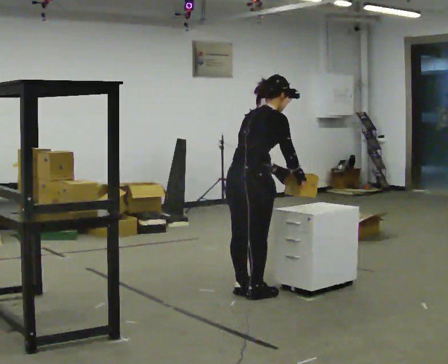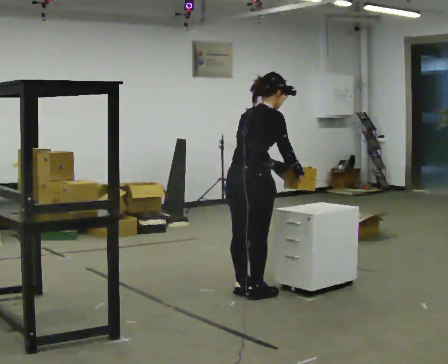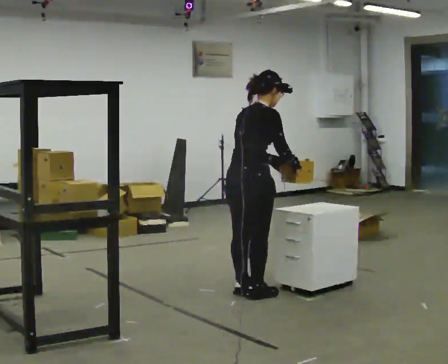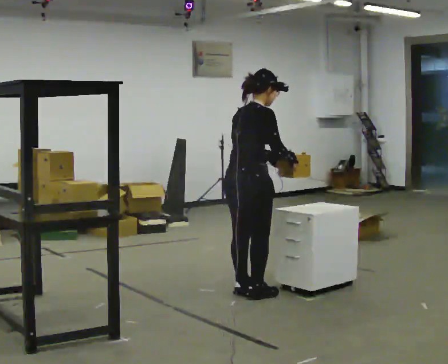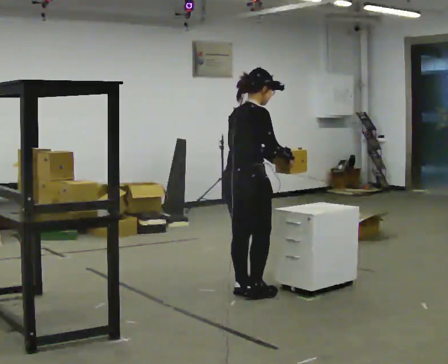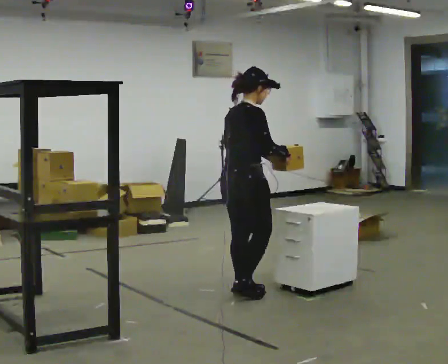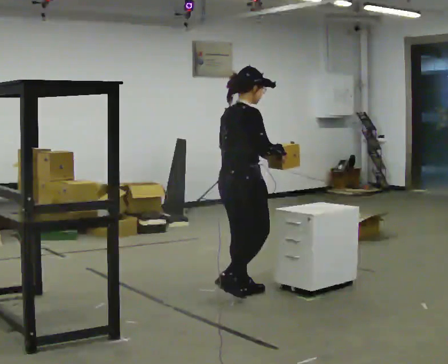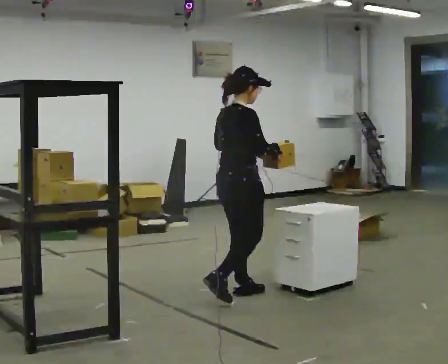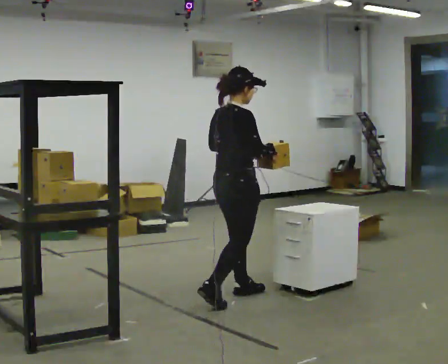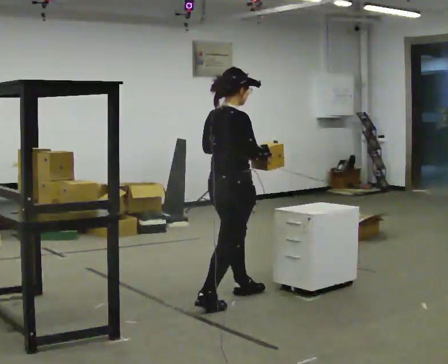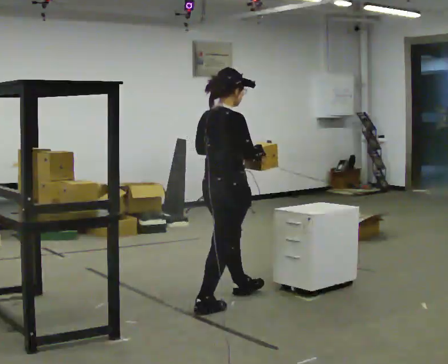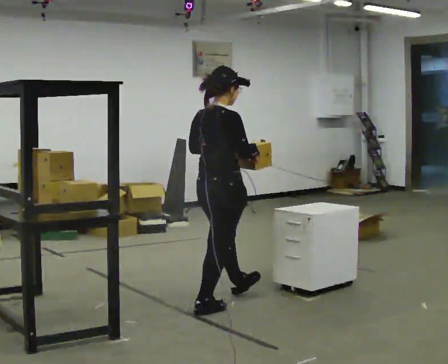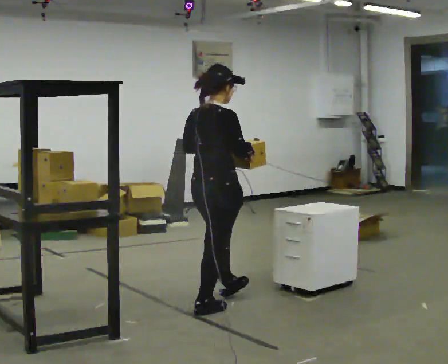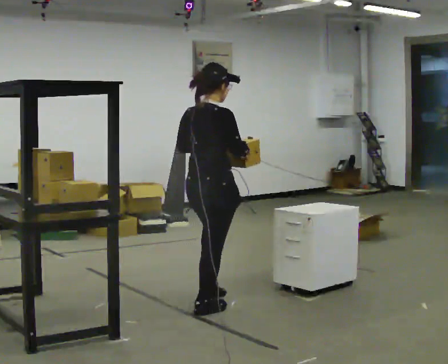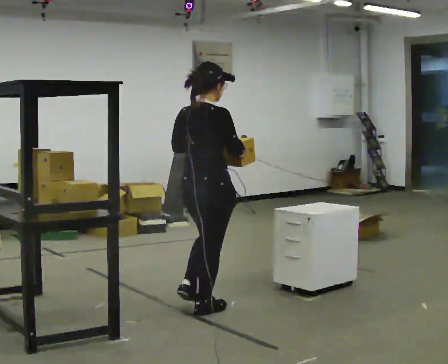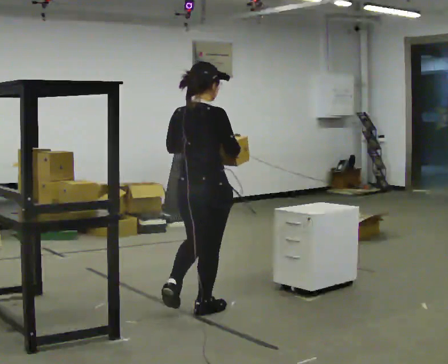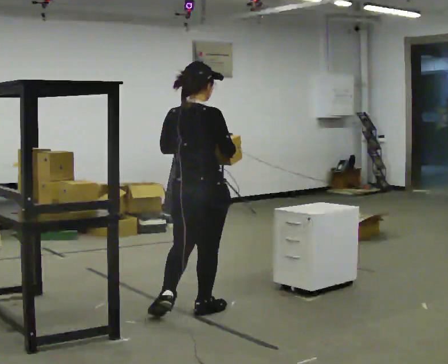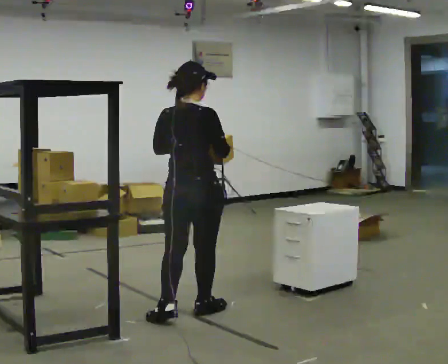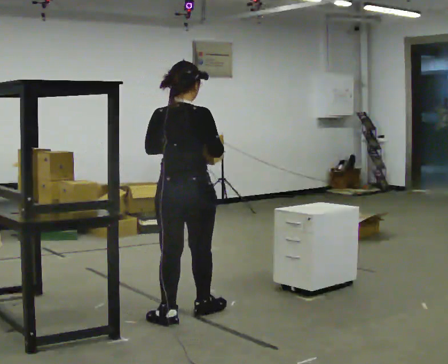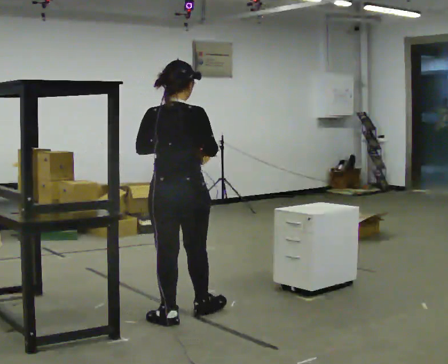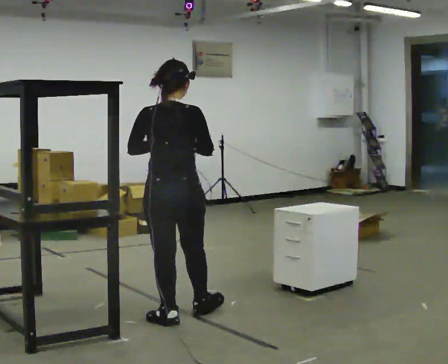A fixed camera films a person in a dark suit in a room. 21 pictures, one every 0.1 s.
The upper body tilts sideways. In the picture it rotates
counterclockwise.
0.0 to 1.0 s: In the picture they go toward the camera and to the left, about 0.25 m in 1 step, which for them is backward. In the picture the upper body tilts counterclockwise, shoulders to the left, as they lean back or straighten.
1.0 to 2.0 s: The person turns about 45 degrees to their left, counterclockwise seen from above, so the part of the body nearest the lens slides to the right. In the picture they go toward the camera and to the left, about 0.5 m in 1 step, which for them is backward.
The film runs backward here.
